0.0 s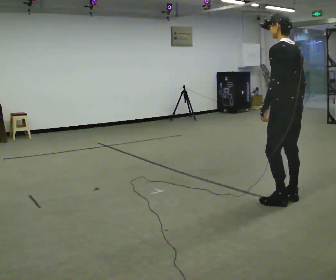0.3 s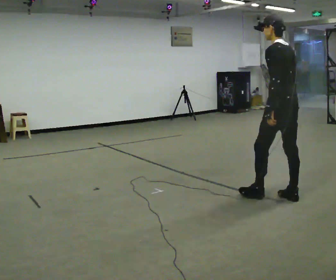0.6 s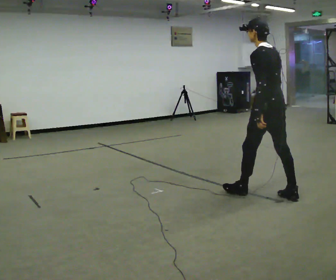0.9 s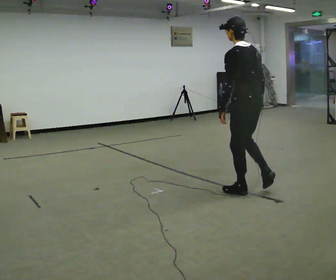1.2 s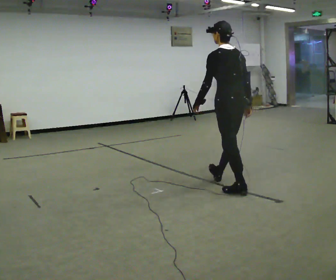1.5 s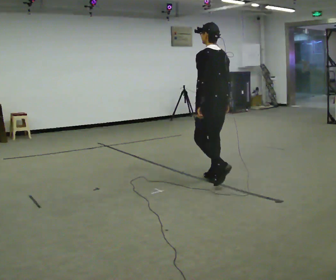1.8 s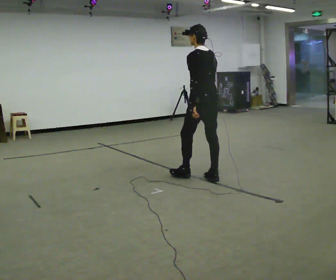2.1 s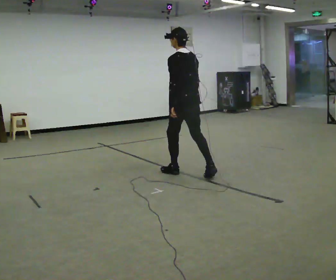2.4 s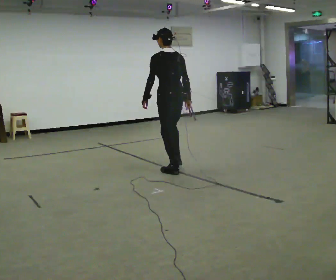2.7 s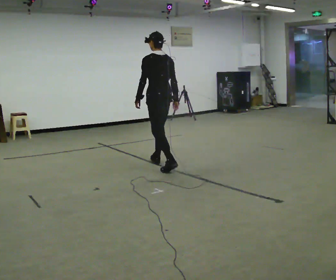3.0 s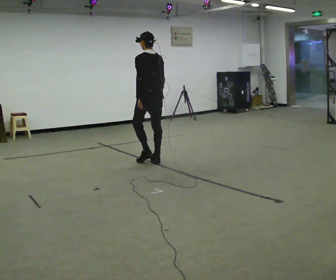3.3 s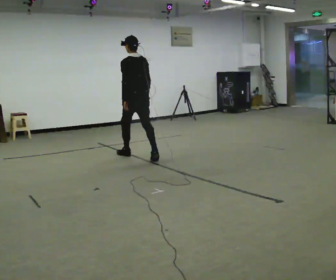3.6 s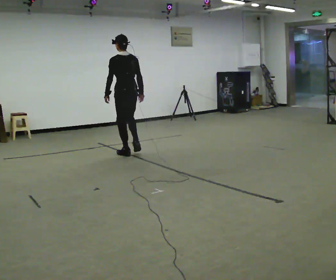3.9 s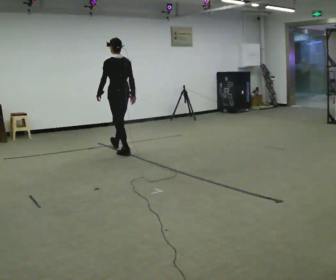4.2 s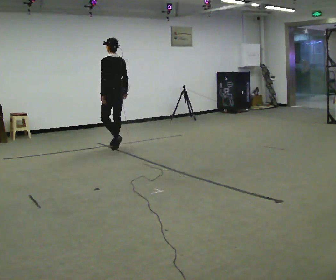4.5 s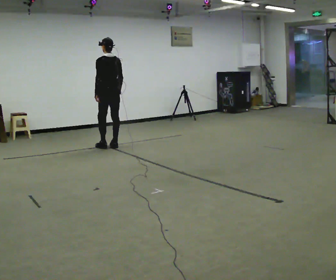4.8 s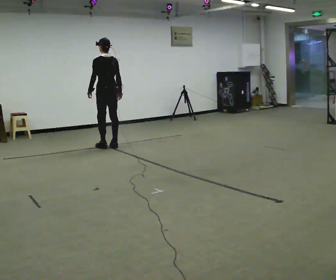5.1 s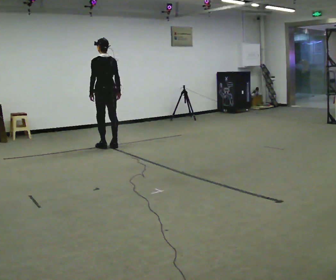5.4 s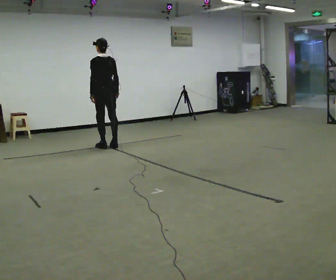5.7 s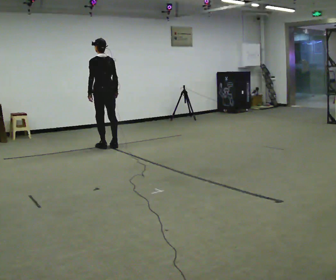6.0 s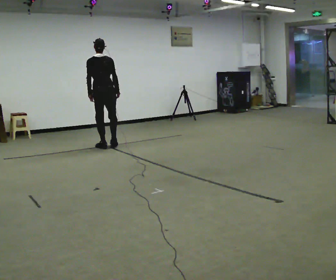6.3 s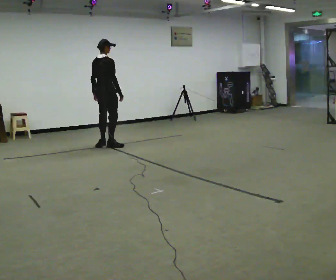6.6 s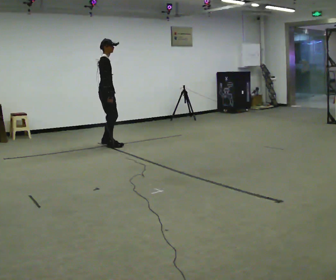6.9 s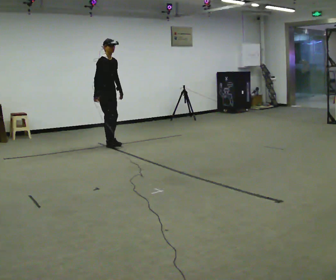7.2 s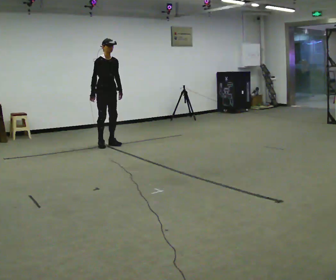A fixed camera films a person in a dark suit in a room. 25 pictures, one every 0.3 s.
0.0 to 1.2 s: In the picture they go away from the camera and to the left, about 0.75 m in 1 step, which for them is forward.
1.2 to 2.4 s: In the picture they go away from the camera and to the left, about 1 m in 2 steps, which for them is forward.
2.4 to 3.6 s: In the picture they go away from the camera and to the left, about 1 m in 2 steps, which for them is forward.
3.6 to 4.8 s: In the picture they go away from the camera and to the left, about 0.75 m in 2 steps, which for them is forward.
4.8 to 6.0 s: Seen from above the body turns clockwise, about 30 degrees: to their right, with its near side sliding to the left.
6.0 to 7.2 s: The person turns about 150 degrees to their right, clockwise seen from above, so the part of the body nearest the lens slides to the left. In the picture they go away from the camera, about 0.25 m in 2 steps. In the picture their right hand goes to the left, the arm swinging clockwise.
The film runs forward here.
